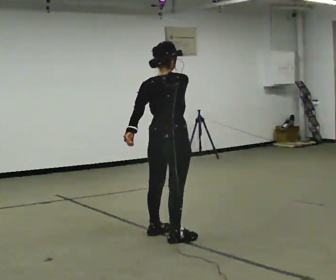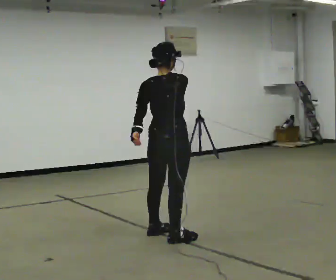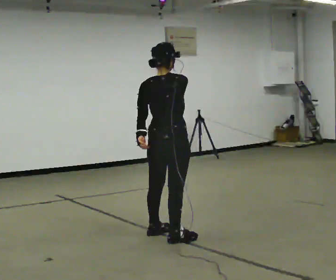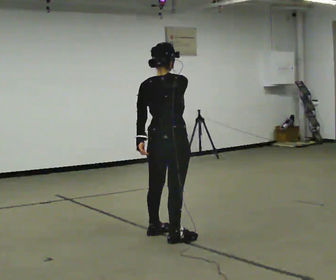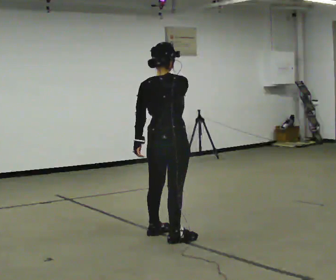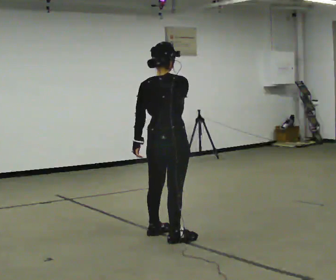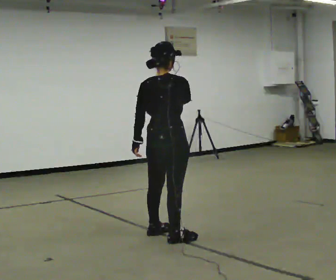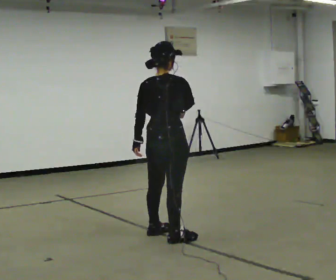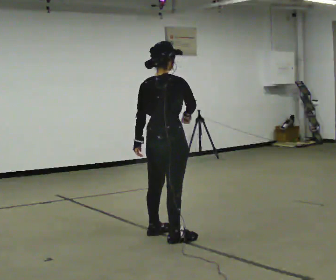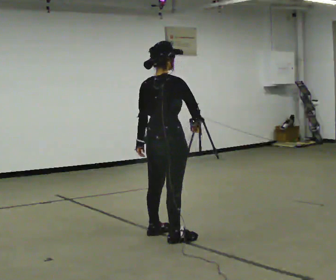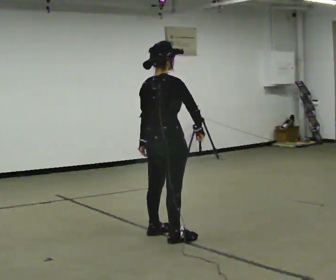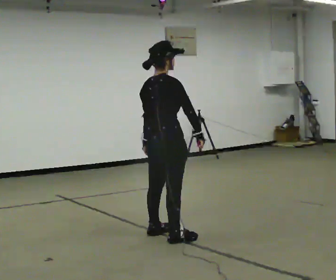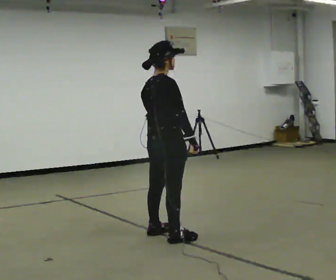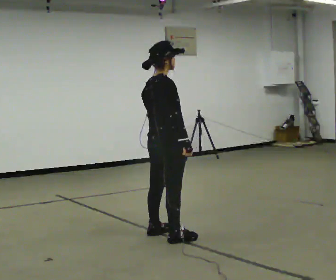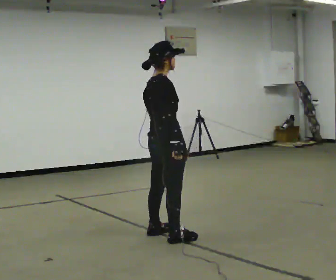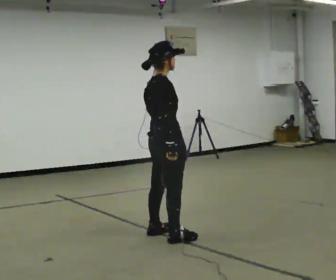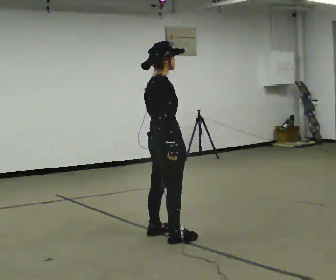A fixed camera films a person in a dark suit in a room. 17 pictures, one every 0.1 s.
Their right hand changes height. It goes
downward.
0.0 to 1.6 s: The person turns about 45 degrees to their right, clockwise seen from above, so the part of the body nearest the lens slides to the left. In the picture their right hand goes downward.
The film runs forward here.
